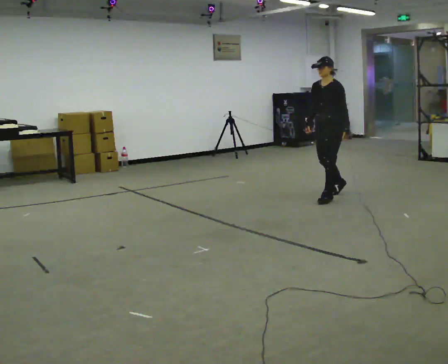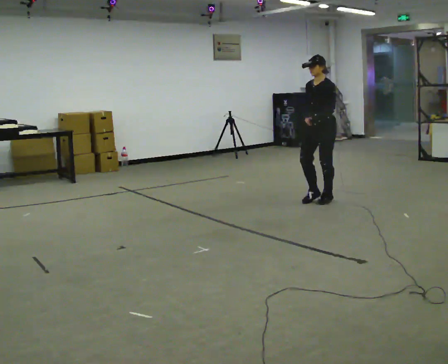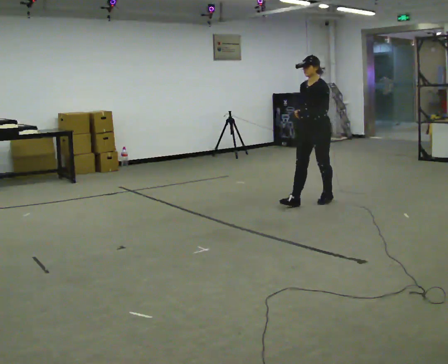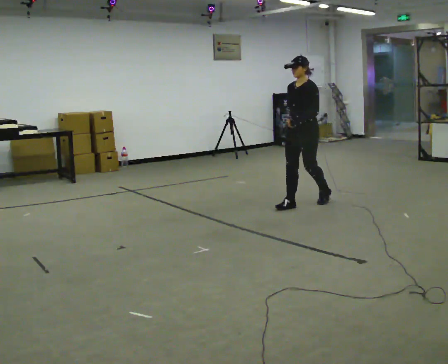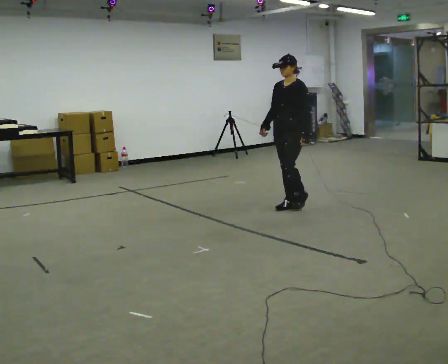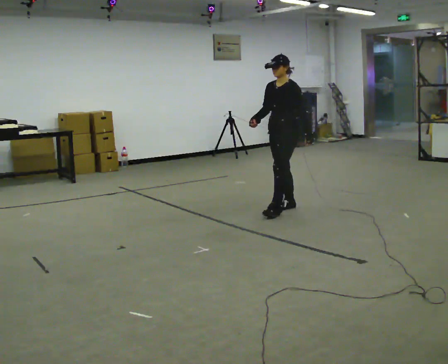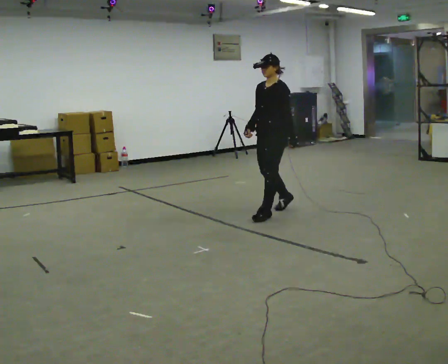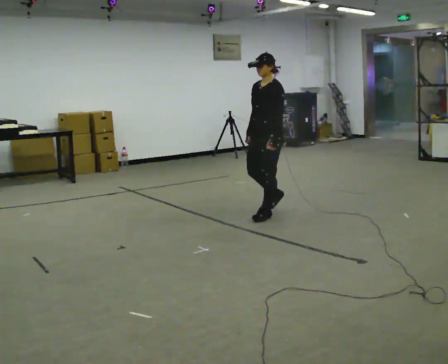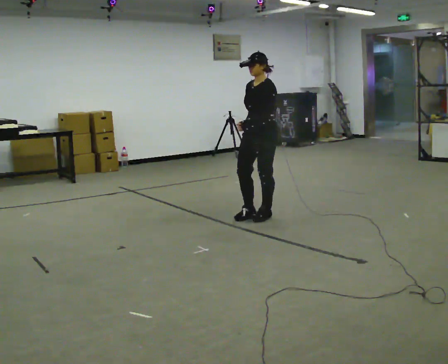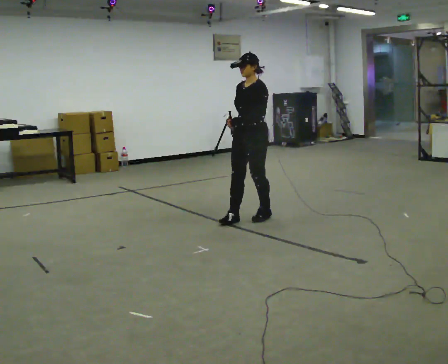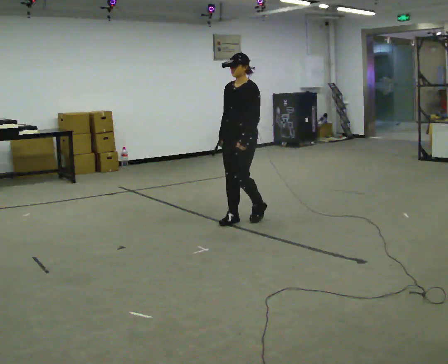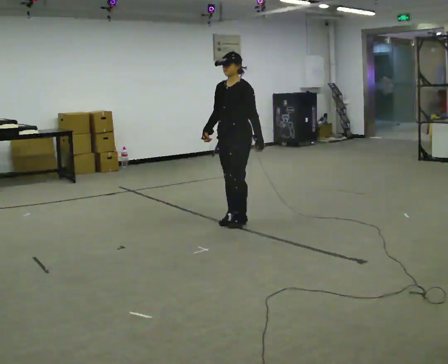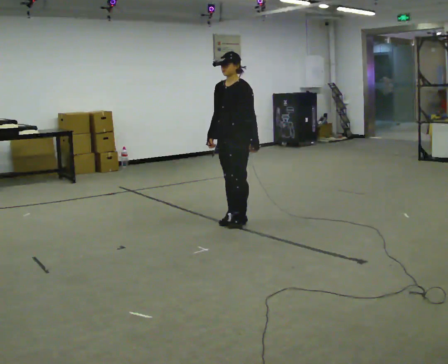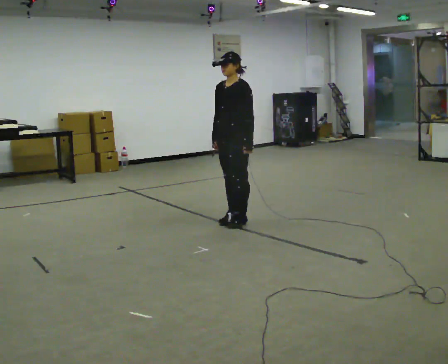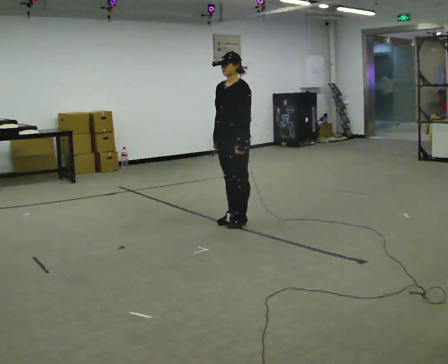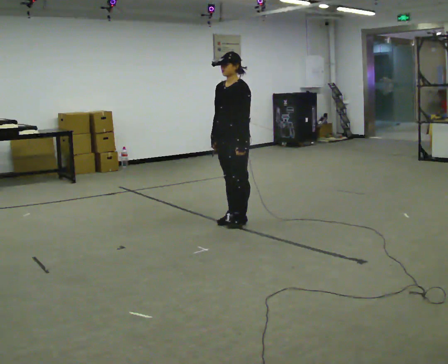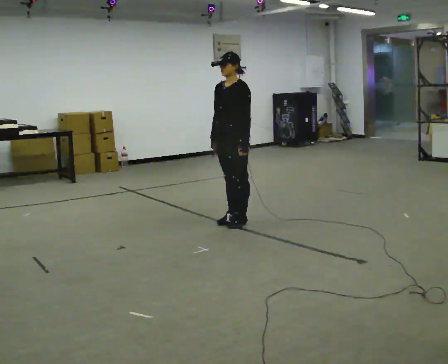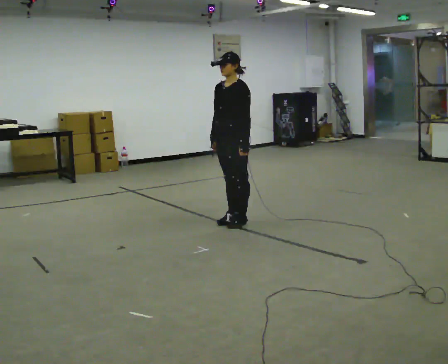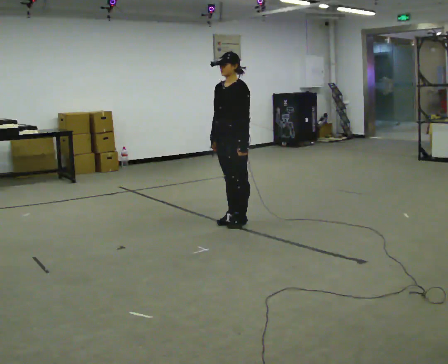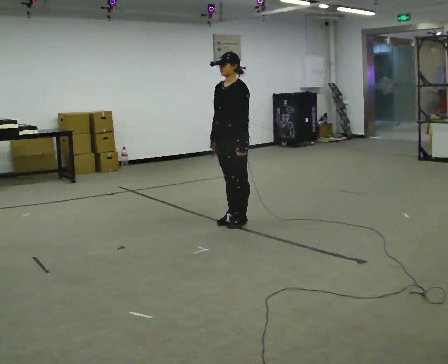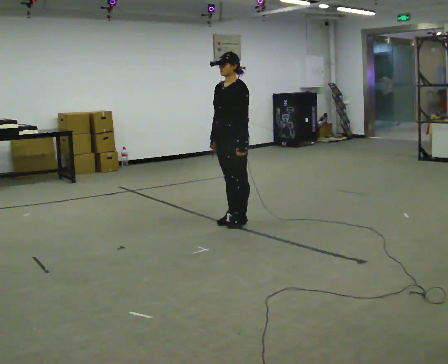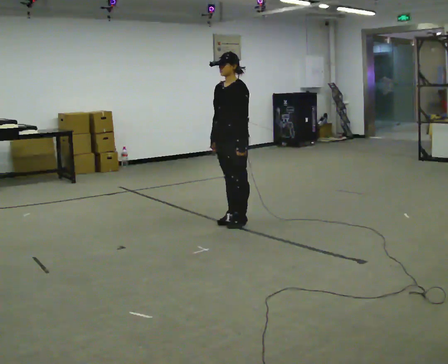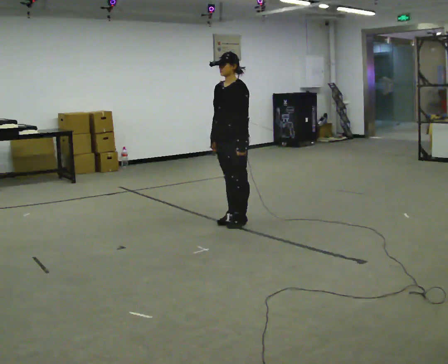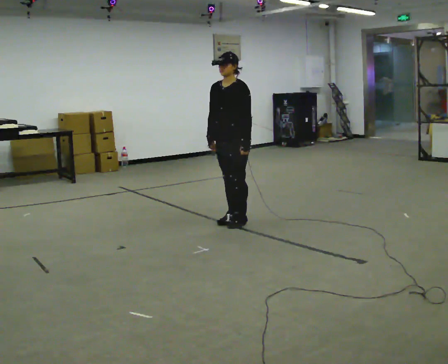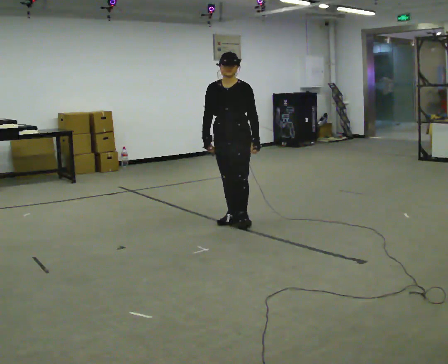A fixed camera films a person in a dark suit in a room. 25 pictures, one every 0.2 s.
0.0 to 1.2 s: In the picture they go to the left and toward the camera, about 1 m in 2 steps, which for them is forward.
1.2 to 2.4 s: In the picture they go to the left and toward the camera, about 0.5 m in 2 steps, which for them is forward.
2.4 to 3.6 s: The person moves a little, or ends about where they began.
3.6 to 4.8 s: The person turns about 30 degrees to their left, counterclockwise seen from above, so the part of the body nearest the lens slides to the right.
The film runs forward here.
